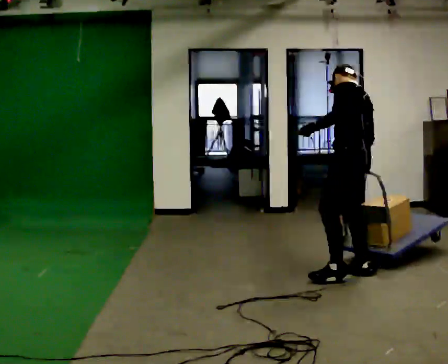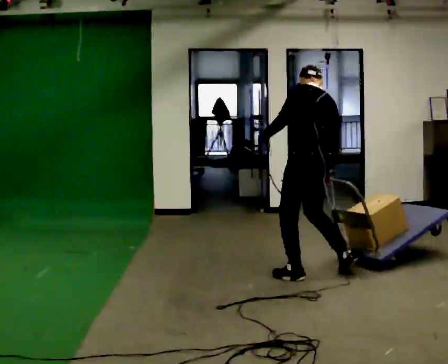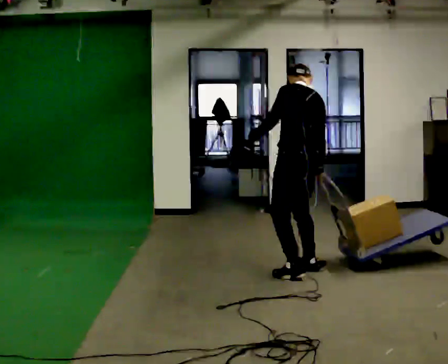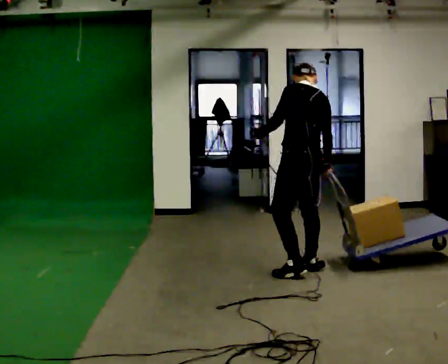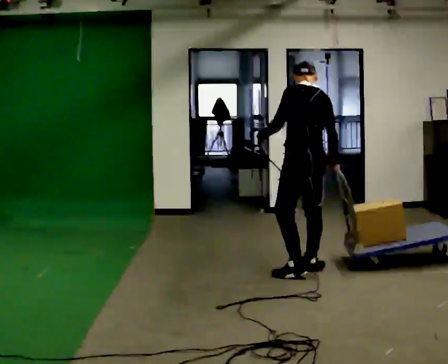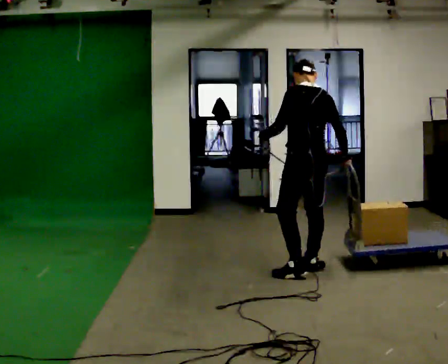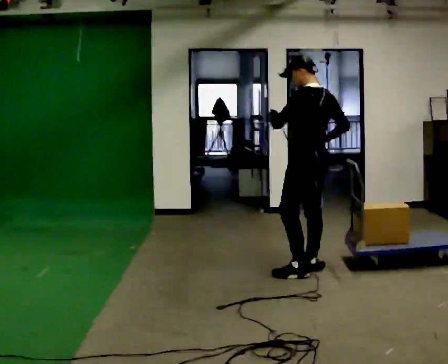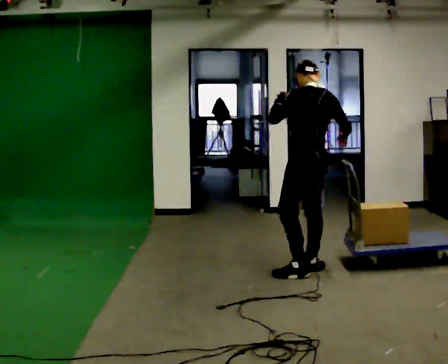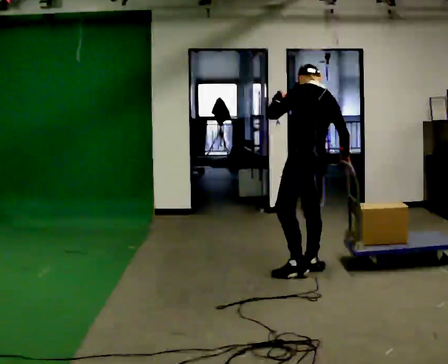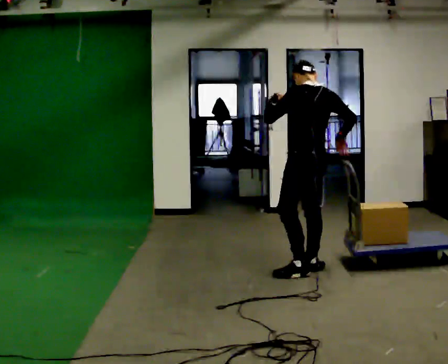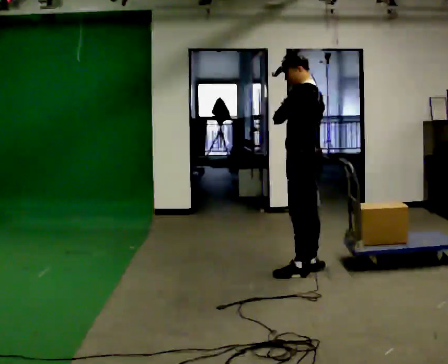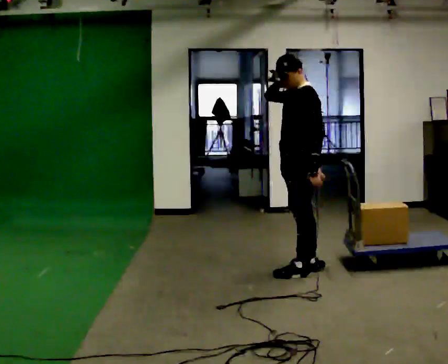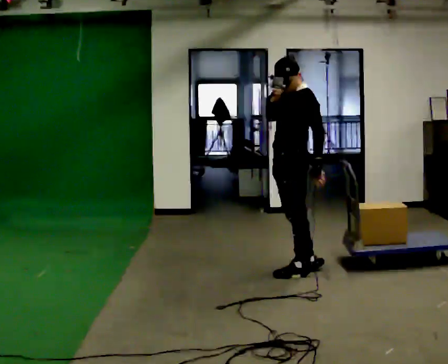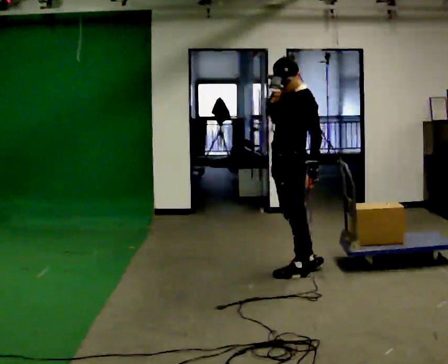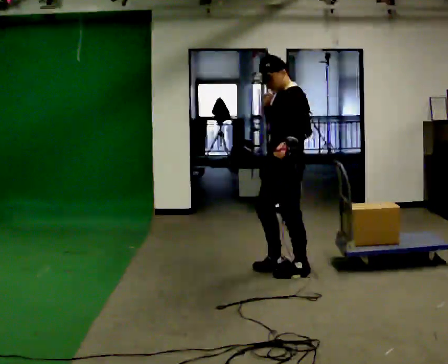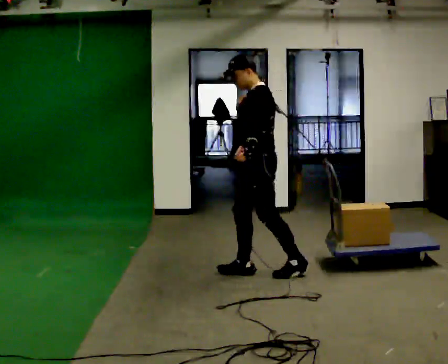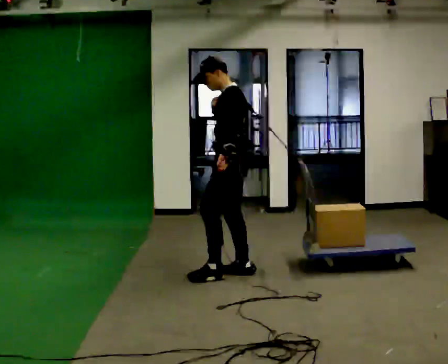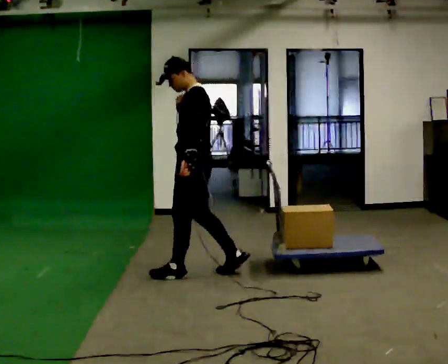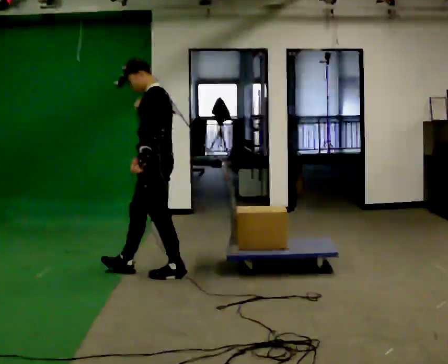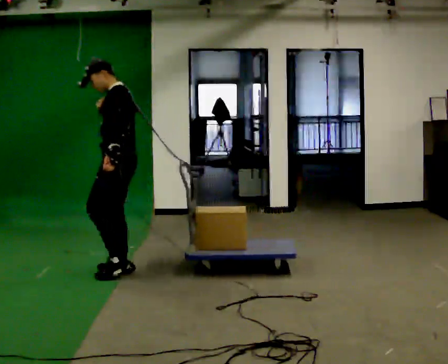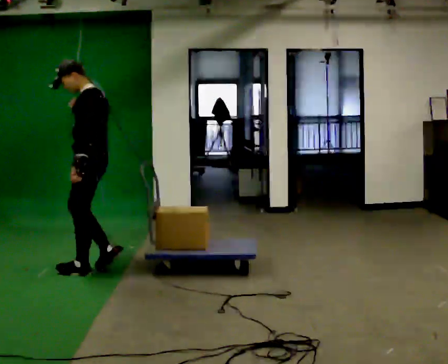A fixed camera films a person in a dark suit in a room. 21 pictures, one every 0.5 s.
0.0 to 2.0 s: In the picture they go to the left and away from the camera, about 0.5 m in 2 steps, which for them is forward.
2.0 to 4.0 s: The person moves a little, or ends about where they began.
4.0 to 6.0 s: Seen from above the body turns counterclockwise, about 45 degrees: to their left, with its near side sliding to the right. In the picture their right hand goes to the left and upward.
6.0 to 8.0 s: In the picture they go to the left, about 0.5 m in 1 step, which for them is forward.
8.0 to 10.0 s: In the picture they go to the left, about 1 m in 3 steps, which for them is forward.
The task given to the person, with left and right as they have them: Put the rope over your shoulder and drag the sled across the room. Keep going until the operator says stop.
The film runs forward here.
